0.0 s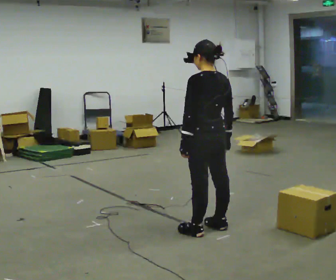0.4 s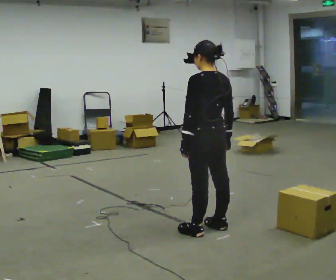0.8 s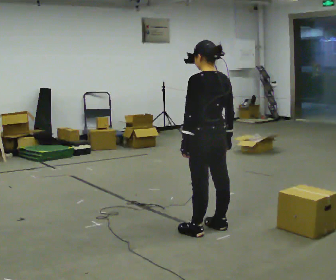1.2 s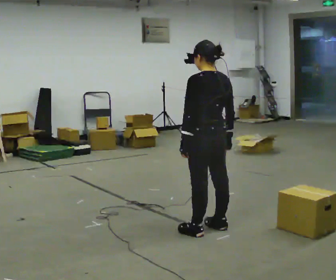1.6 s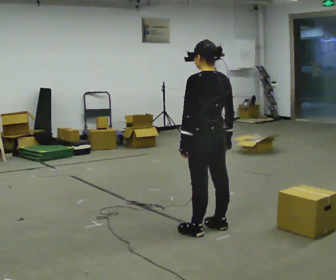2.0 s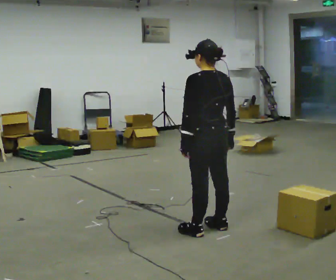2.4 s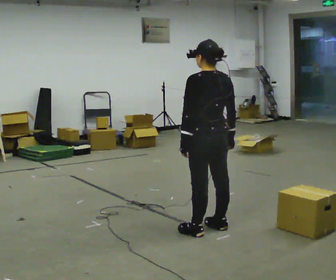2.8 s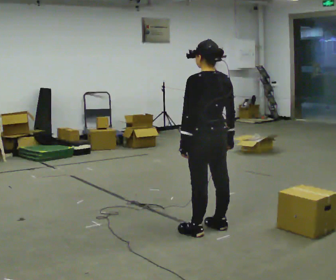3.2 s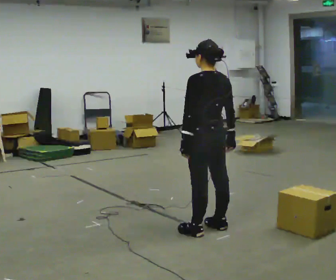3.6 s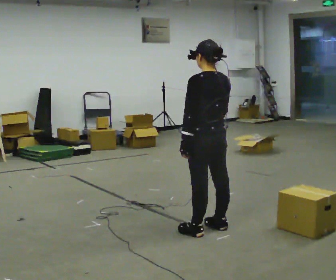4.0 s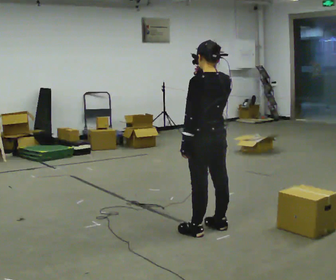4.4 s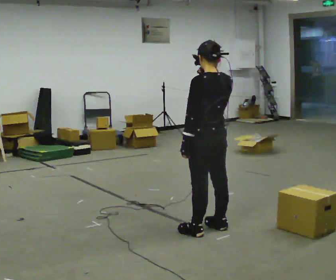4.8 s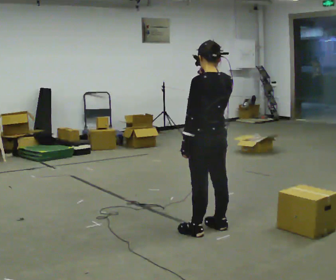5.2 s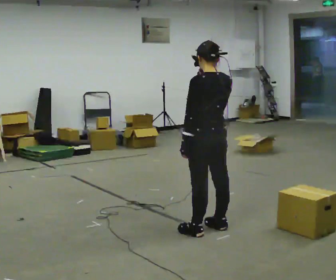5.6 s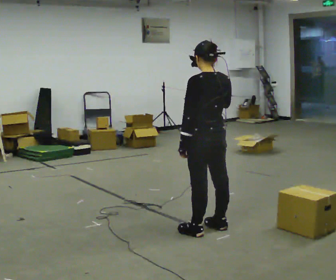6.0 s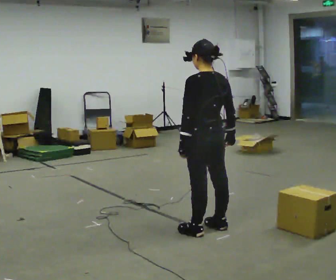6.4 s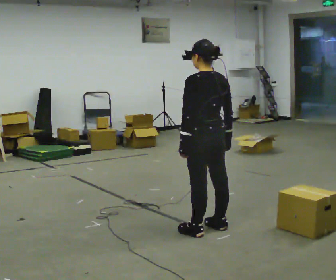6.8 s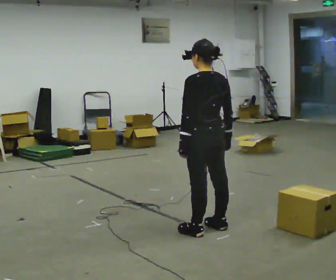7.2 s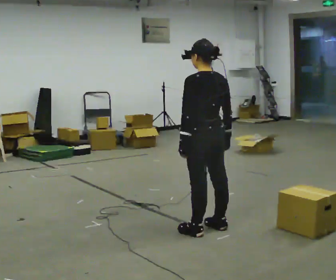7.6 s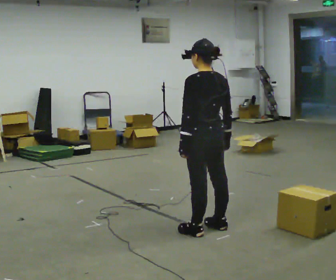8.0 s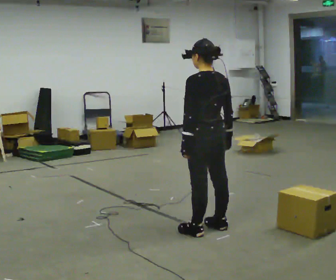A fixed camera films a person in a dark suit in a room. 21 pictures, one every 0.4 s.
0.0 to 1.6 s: The person keeps their place and pose.
1.6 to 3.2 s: The person moves a little, or ends about where they began.
3.2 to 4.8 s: In the picture their right hand goes upward.
4.8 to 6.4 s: In the picture their right hand goes downward.
6.4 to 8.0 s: The person keeps their place and pose.
The film runs backward here.
